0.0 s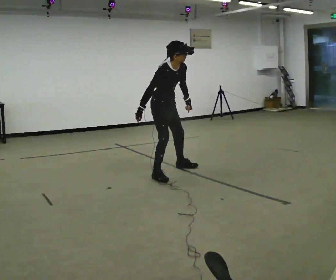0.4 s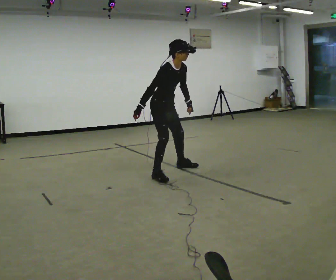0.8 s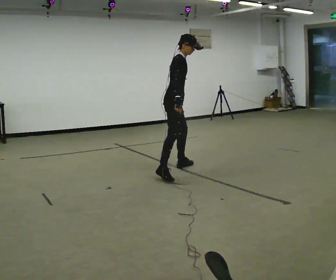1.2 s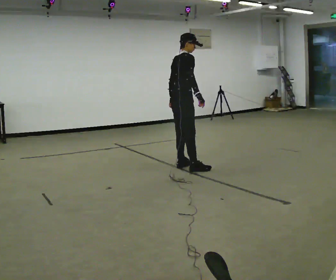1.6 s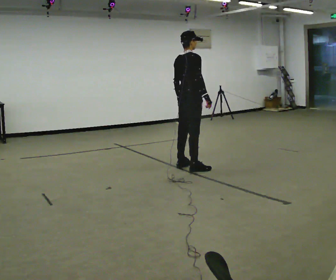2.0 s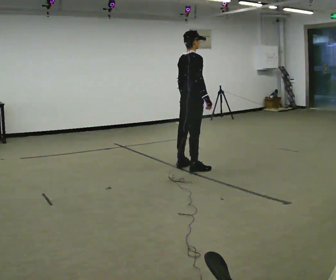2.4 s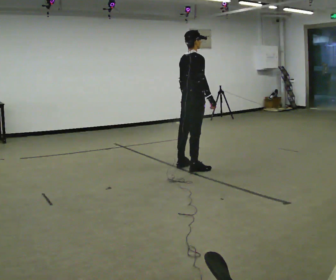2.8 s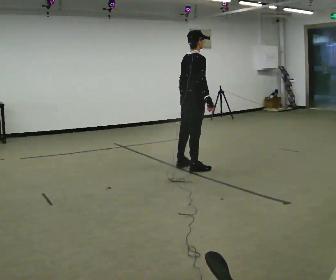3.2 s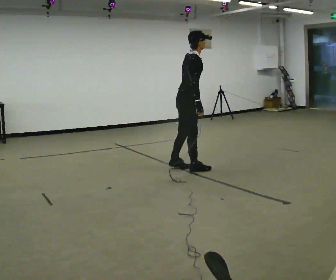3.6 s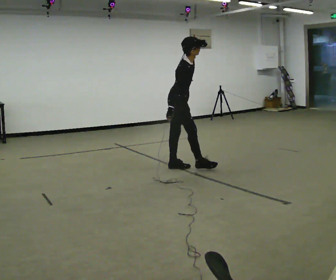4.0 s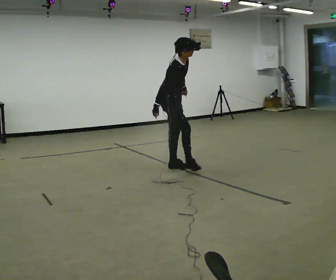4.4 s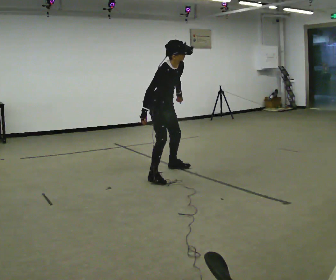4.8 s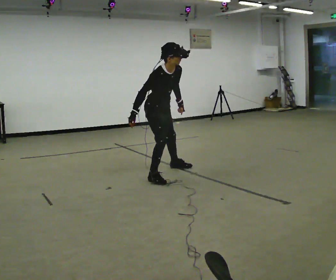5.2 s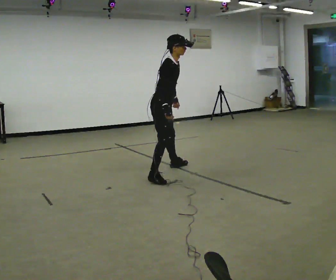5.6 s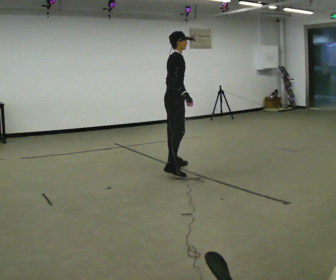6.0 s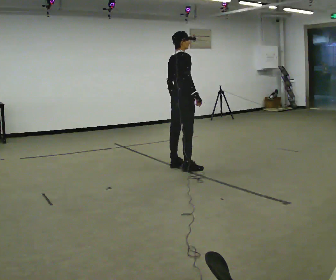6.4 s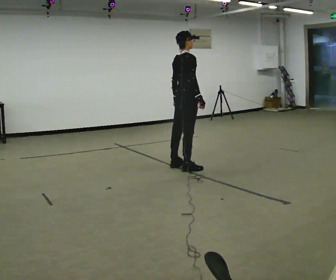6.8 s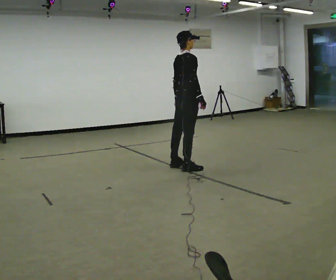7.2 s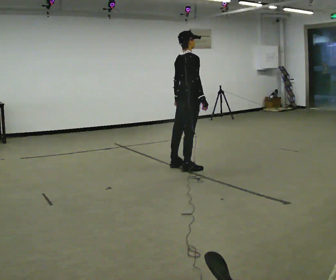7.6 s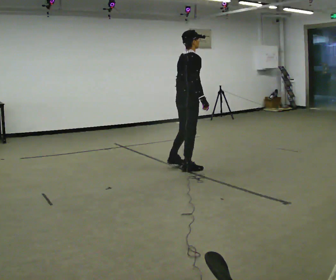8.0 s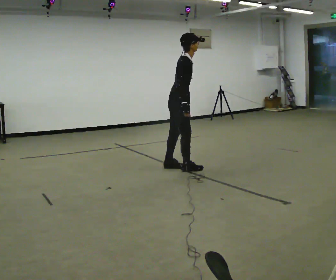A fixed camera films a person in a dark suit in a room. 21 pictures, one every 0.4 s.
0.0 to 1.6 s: Seen from above the body turns counterclockwise, about 75 degrees: to their left, with its near side sliding to the right. In the picture they go to the right and away from the camera, about 0.25 m in 1 step.
1.6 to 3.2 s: In the picture the upper body tilts clockwise, shoulders to the right.
3.2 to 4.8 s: The person turns about 60 degrees to their right, clockwise seen from above, so the part of the body nearest the lens slides to the left. In the picture they go to the left and toward the camera, about 0.5 m in 1 step. The upper body tips toward the camera, its near side rolling downward, as they bend forward.
4.8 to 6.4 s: Seen from above the body turns counterclockwise, about 75 degrees: to their left, with its near side sliding to the right. In the picture they go to the right and away from the camera, about 0.5 m in 1 step. The upper body tips away from the camera, its near side rolling upward, as they lean back or straighten.
6.4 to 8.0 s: The person turns about 30 degrees to their right, clockwise seen from above, so the part of the body nearest the lens slides to the left.
The film runs backward here.
